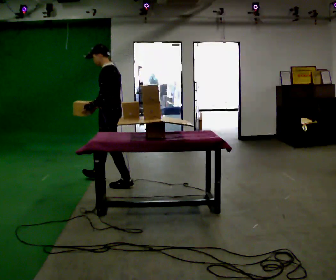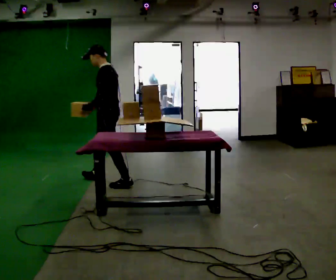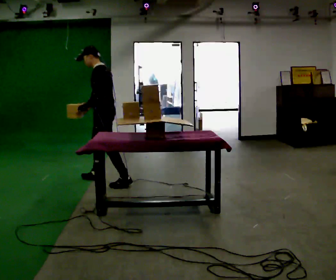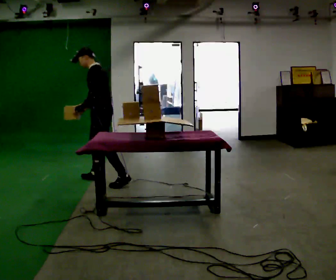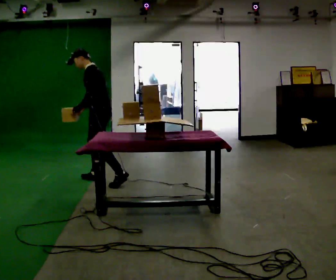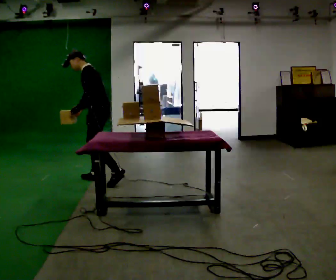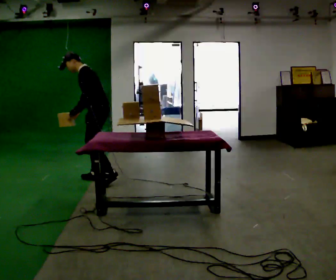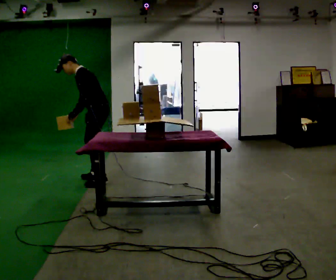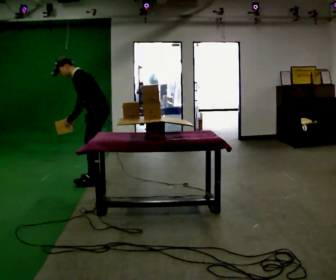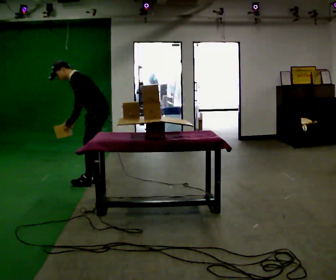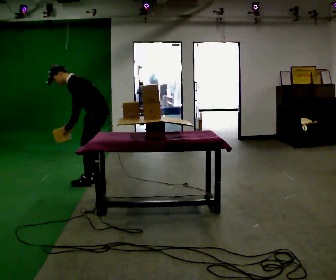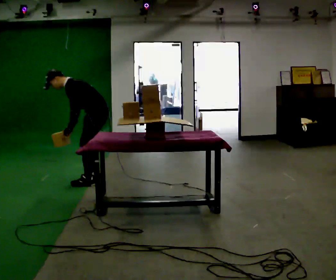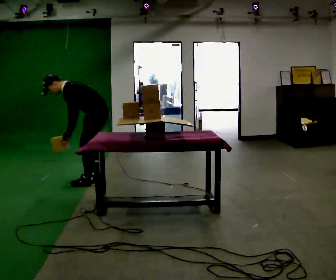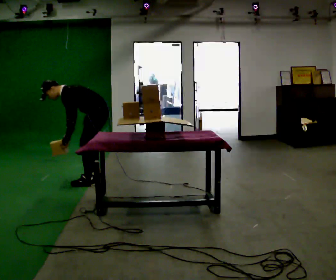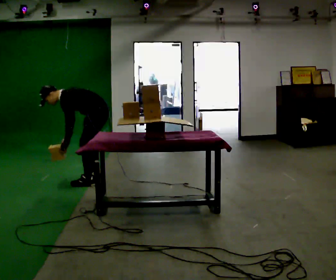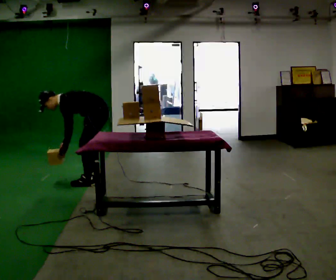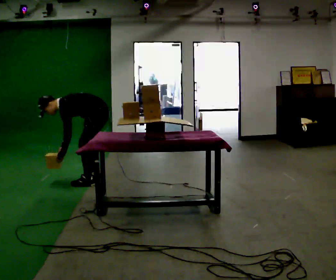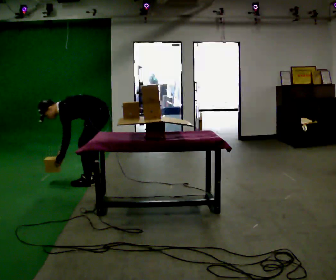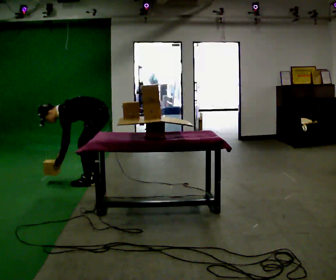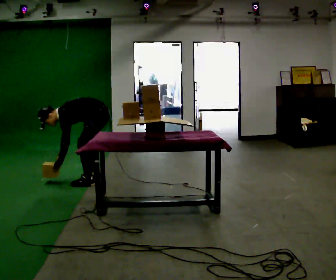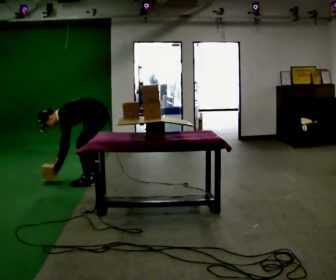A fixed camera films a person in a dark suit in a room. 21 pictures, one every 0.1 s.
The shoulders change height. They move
downward.
Their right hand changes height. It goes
downward.
0.0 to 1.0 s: In the picture they go to the left, about 0.25 m in 1 step, which for them is forward and to their right. In the picture the upper body tilts counterclockwise, shoulders to the left, as they bend forward.
1.0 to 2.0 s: The shoulders move downward. In the picture the upper body tilts counterclockwise, shoulders to the left, as they bend forward. In the picture their left hand goes downward.
The film runs forward here.
